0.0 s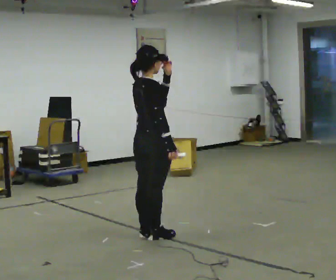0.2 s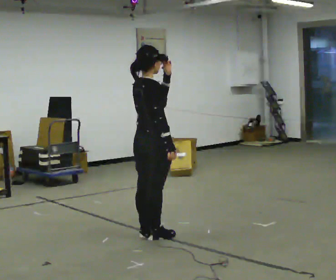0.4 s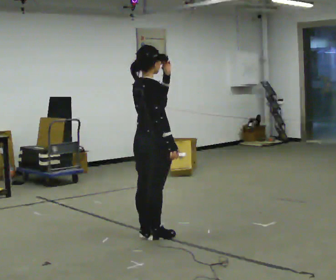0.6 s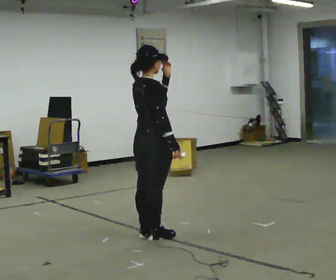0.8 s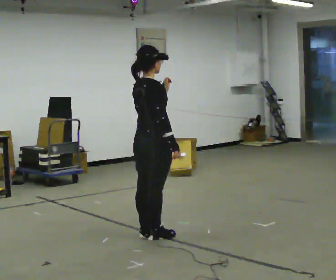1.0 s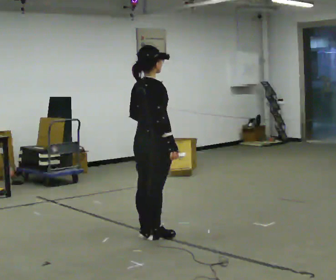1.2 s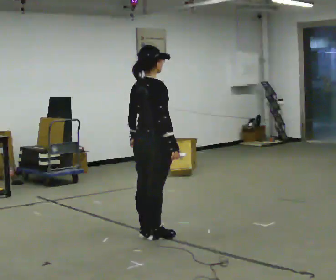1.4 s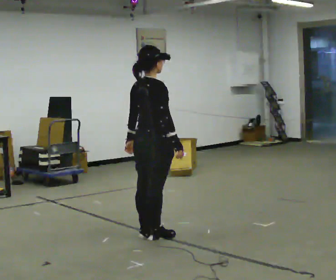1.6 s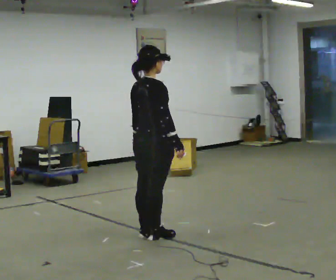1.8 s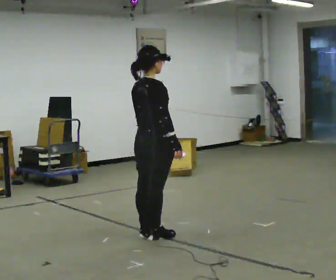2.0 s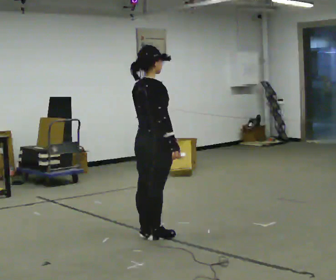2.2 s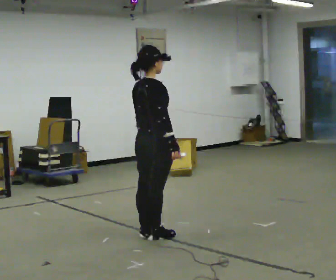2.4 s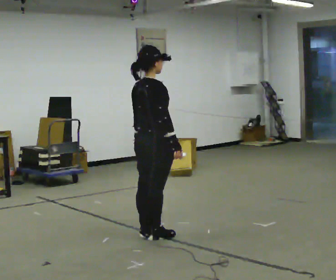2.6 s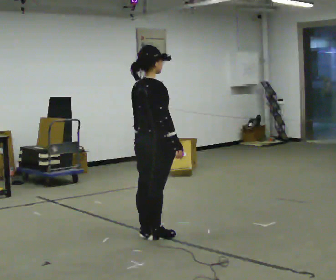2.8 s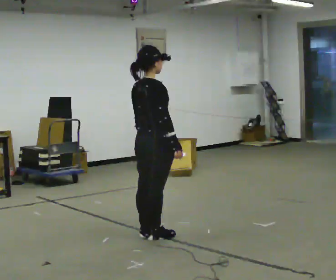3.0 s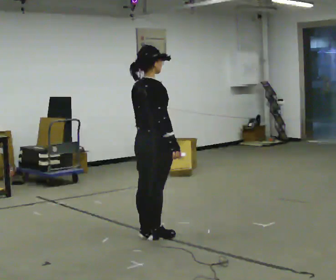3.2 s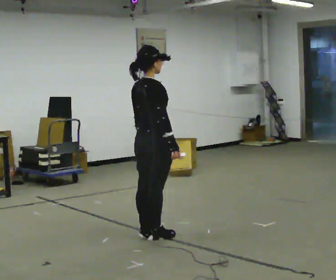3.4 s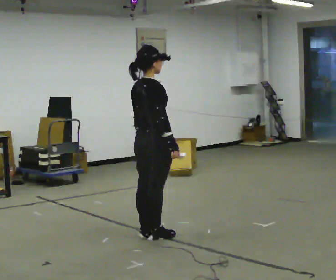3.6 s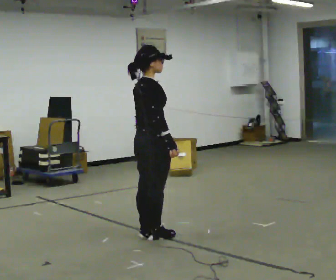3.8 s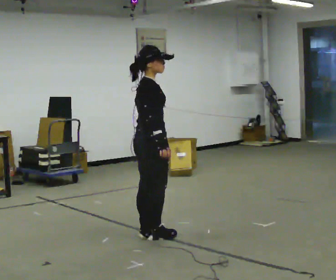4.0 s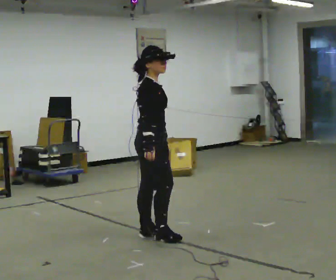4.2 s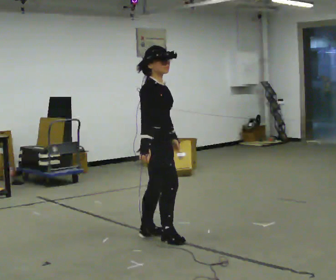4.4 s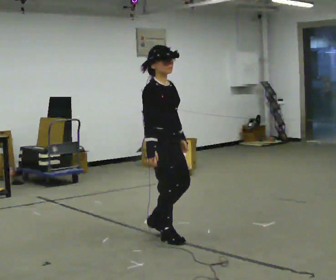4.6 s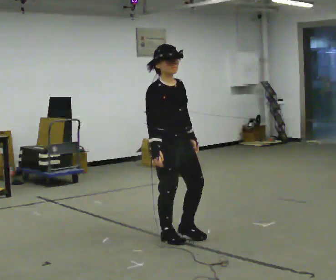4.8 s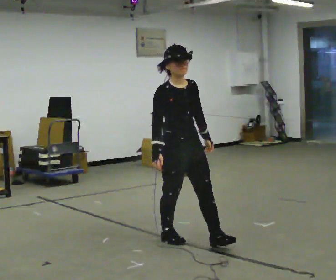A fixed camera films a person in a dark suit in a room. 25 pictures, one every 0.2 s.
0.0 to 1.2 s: In the picture their left hand goes downward and to the left.
1.2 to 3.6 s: The person moves a little, or ends about where they began.
3.6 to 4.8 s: The person turns about 75 degrees to their right, clockwise seen from above, so the part of the body nearest the lens slides to the left. In the picture they go to the right and toward the camera, about 0.5 m.
The film runs forward here.
